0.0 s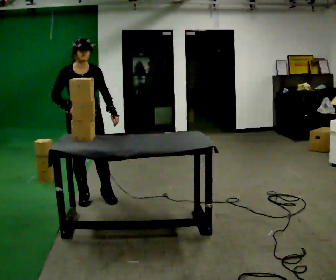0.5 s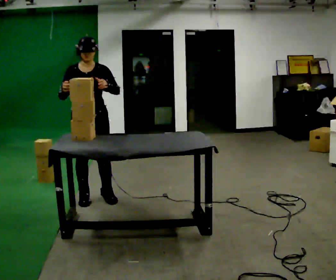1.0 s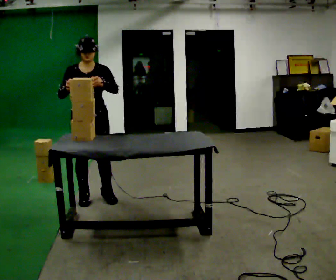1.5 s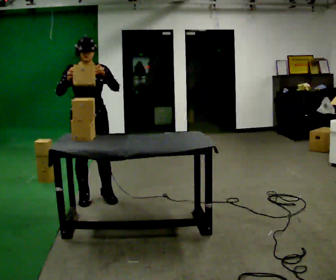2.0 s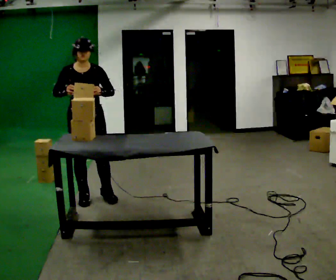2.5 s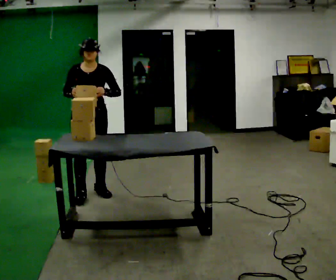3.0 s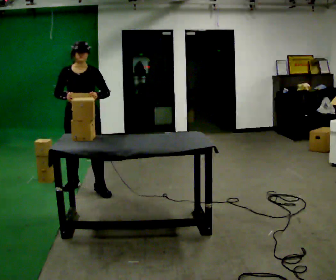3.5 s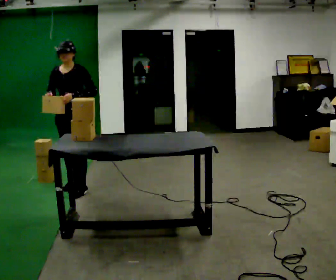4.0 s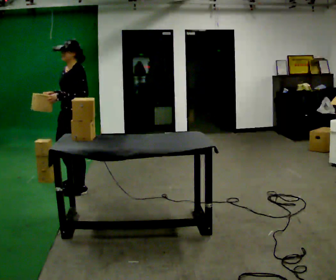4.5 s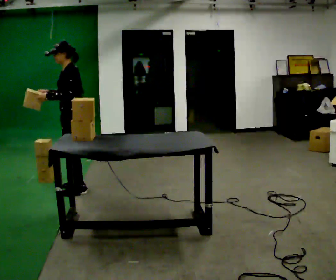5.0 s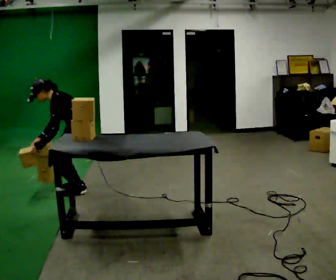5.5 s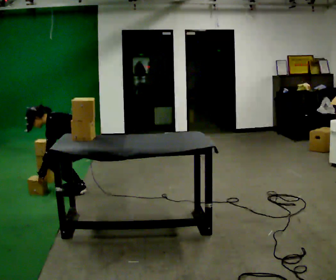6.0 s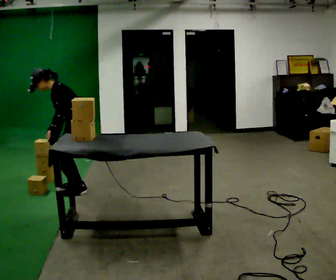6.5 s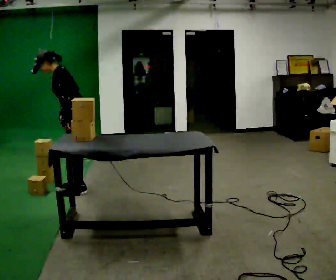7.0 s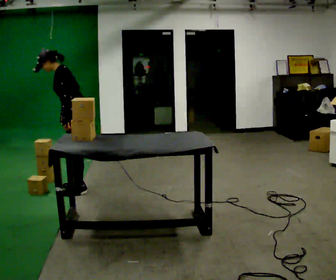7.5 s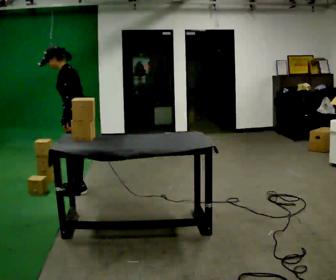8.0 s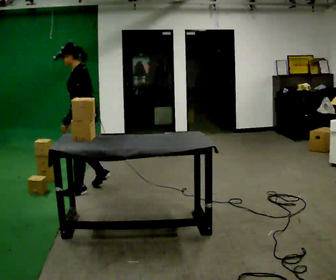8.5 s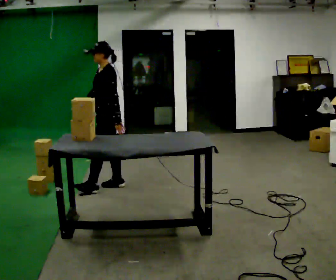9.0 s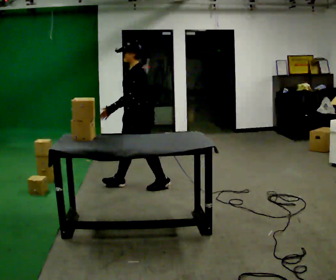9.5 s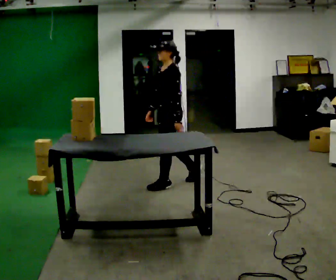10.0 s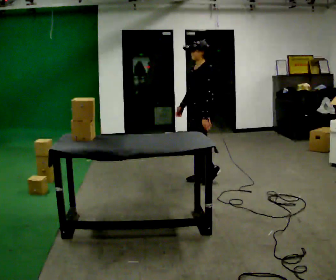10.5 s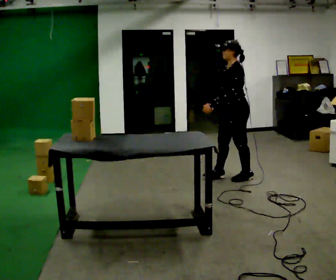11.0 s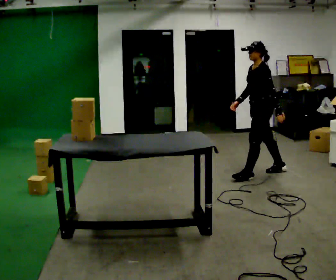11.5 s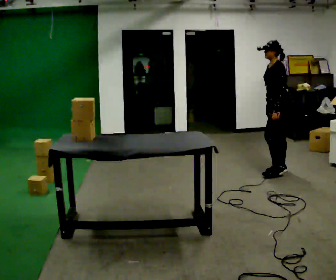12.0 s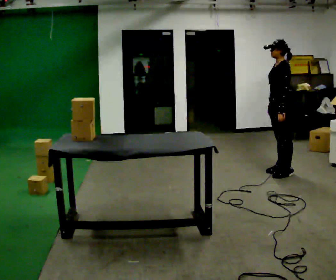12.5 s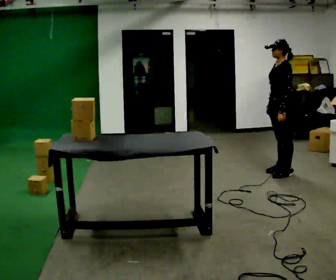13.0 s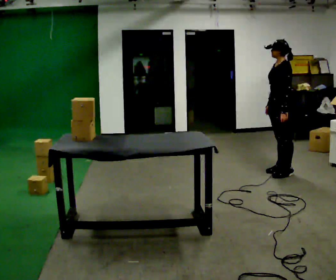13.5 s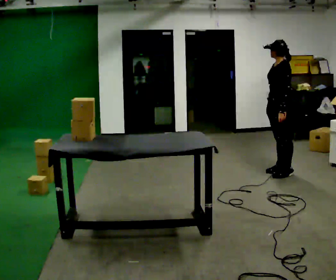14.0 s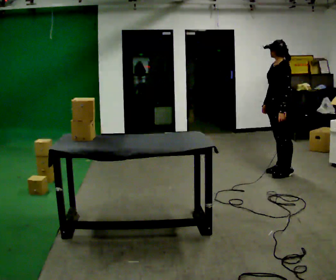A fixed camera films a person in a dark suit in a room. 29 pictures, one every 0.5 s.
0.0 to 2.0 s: The person moves a little, or ends about where they began.
2.0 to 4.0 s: Seen from above the body turns clockwise, about 75 degrees: to their right, with its near side sliding to the left. In the picture they go away from the camera, about 0.25 m in 2 steps.
4.0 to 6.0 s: In the picture their right hand goes downward.
6.0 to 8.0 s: The upper body goes upward. In the picture the upper body tilts clockwise, shoulders to the right, as they lean back or straighten. In the picture their right hand goes to the right.
8.0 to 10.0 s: In the picture they go to the right, about 1.5 m in 3 steps, which for them is backward.
10.0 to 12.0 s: In the picture they go to the right, about 1 m in 2 steps, which for them is backward.
12.0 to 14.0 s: The person moves a little, or ends about where they began.
The film runs backward here.
